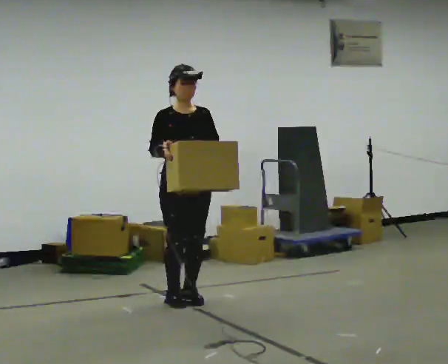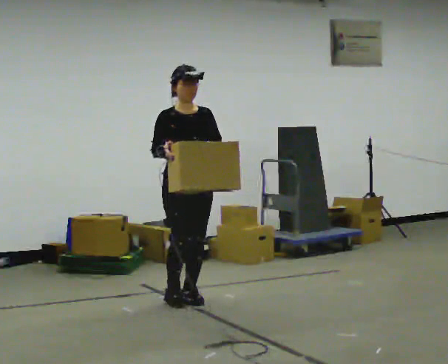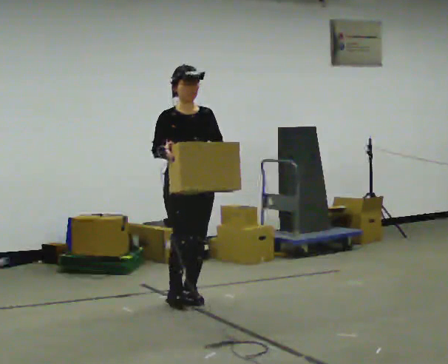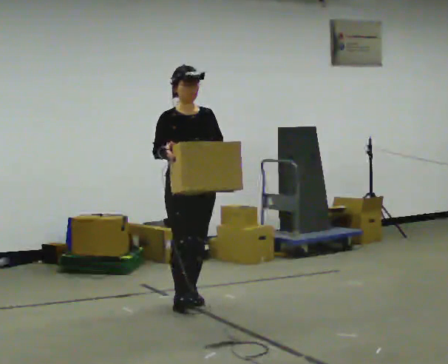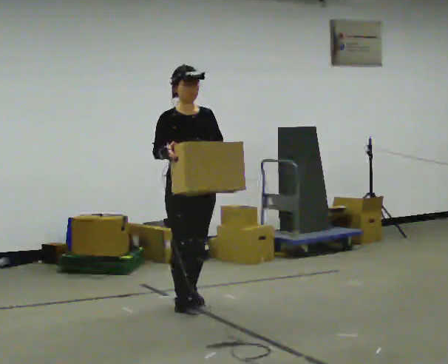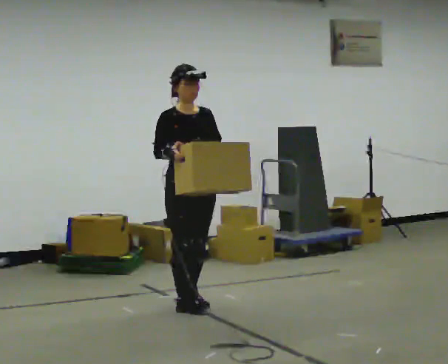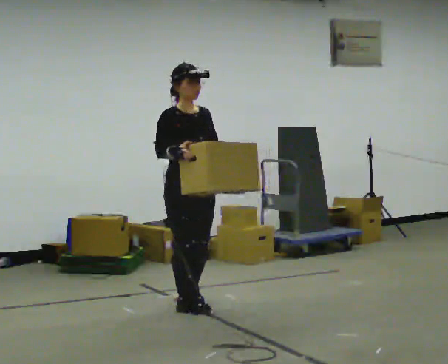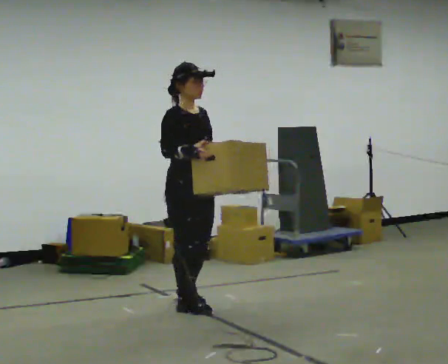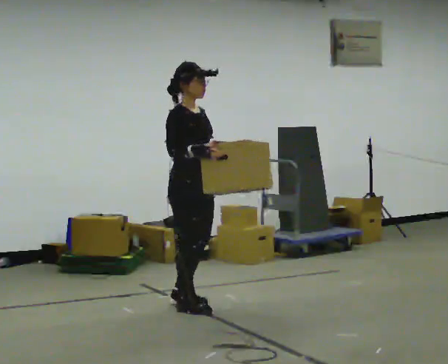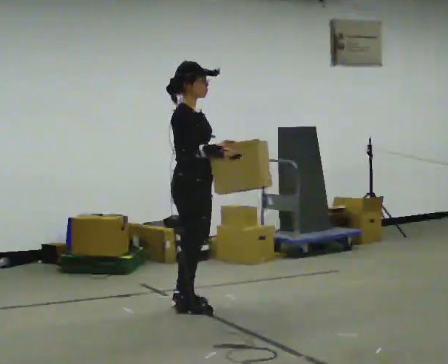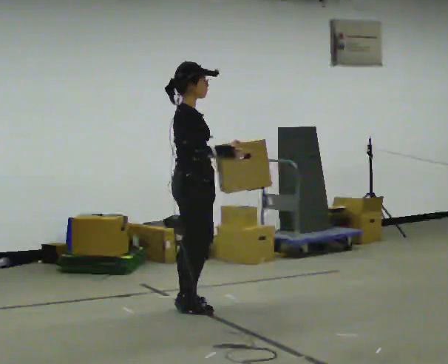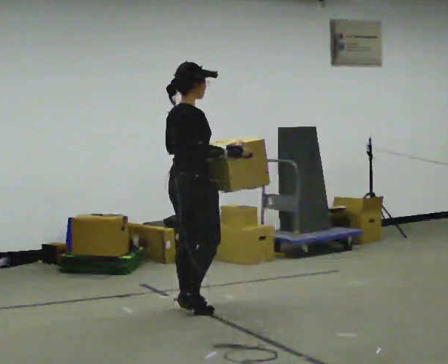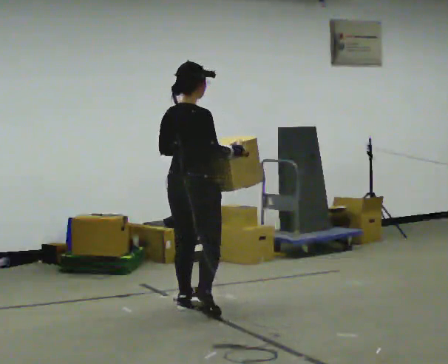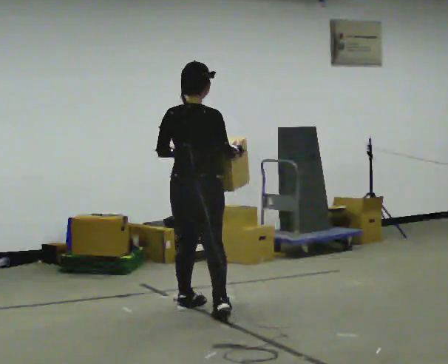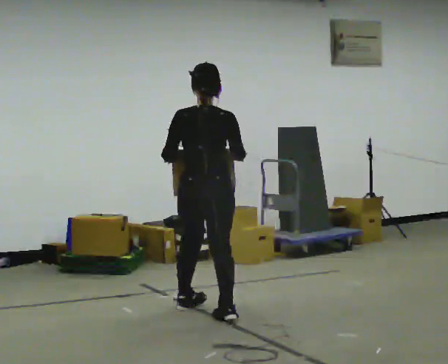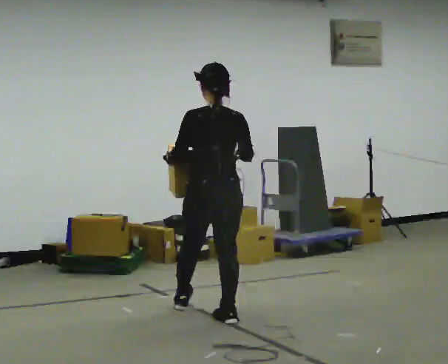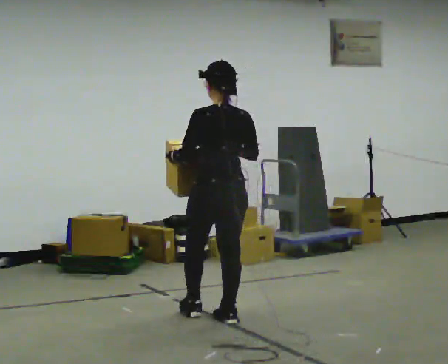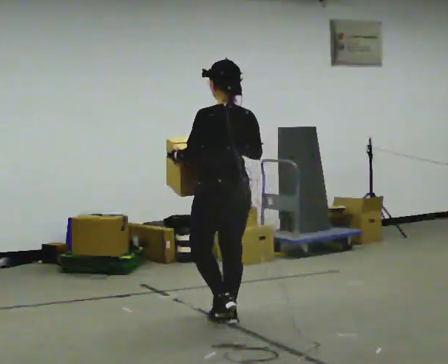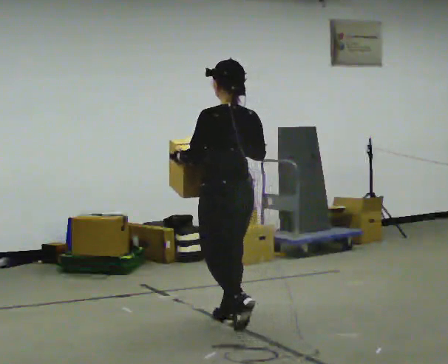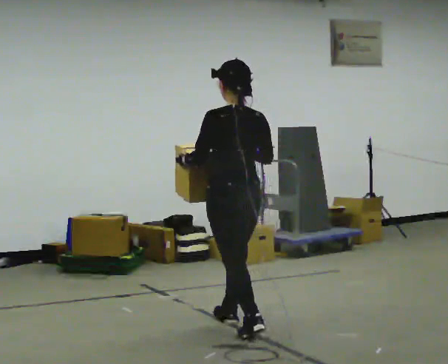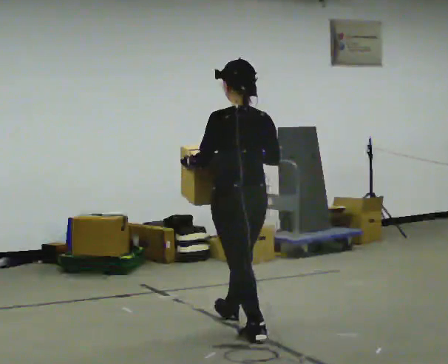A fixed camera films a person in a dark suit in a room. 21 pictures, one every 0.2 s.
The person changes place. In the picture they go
toward the camera.
The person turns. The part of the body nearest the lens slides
to the right.
0.0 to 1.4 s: Seen from above the body turns counterclockwise, about 30 degrees: to their left, with its near side sliding to the right. In the picture they go toward the camera, about 0.25 m in 2 steps, which for them is forward.
1.4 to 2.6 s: Seen from above the body turns counterclockwise, about 105 degrees: to their left, with its near side sliding to the right. In the picture their left hand goes to the left.
2.6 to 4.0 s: The person turns about 60 degrees to their left, counterclockwise seen from above, so the part of the body nearest the lens slides to the right. In the picture they go toward the camera and to the right, about 0.75 m in 1 step, which for them is backward.
The film runs backward here.
